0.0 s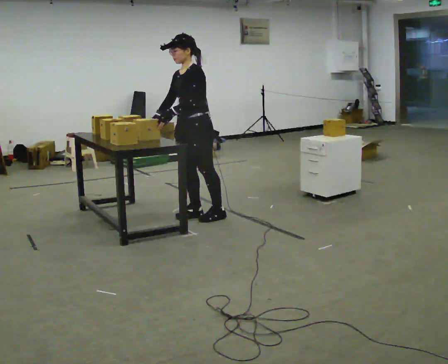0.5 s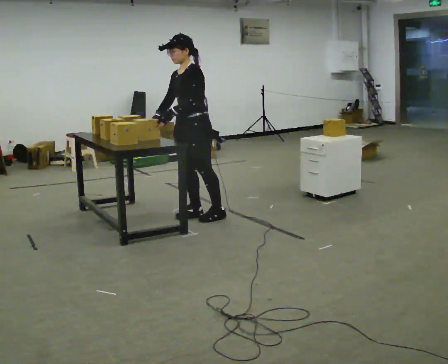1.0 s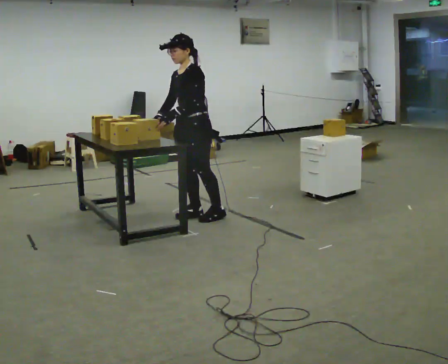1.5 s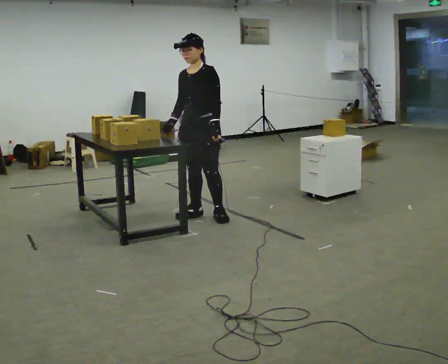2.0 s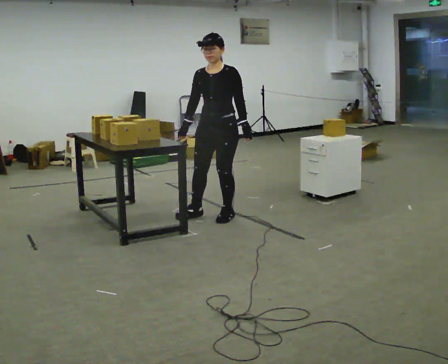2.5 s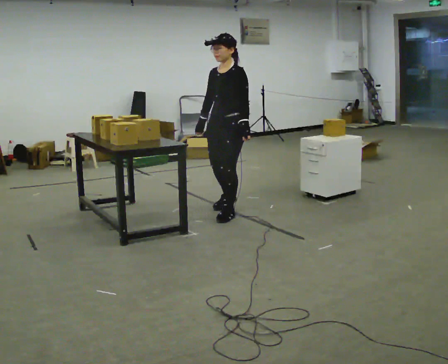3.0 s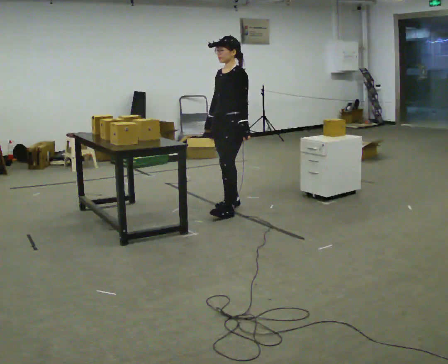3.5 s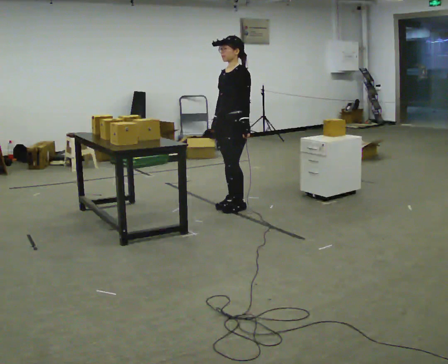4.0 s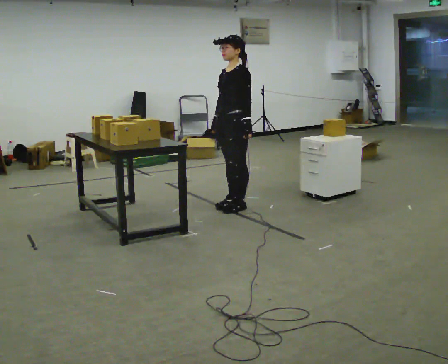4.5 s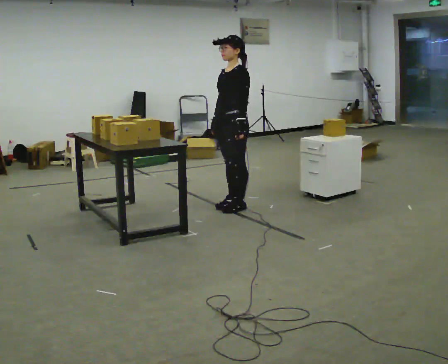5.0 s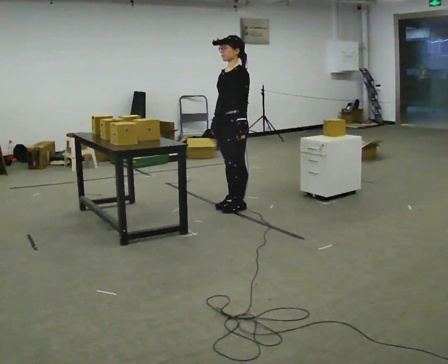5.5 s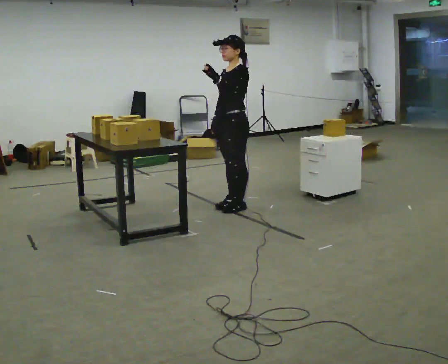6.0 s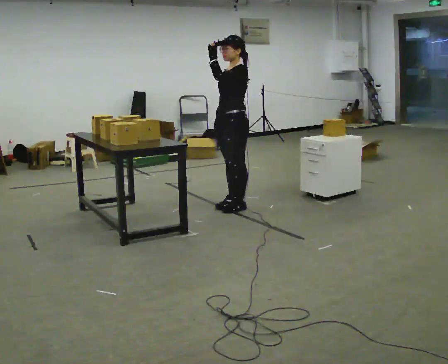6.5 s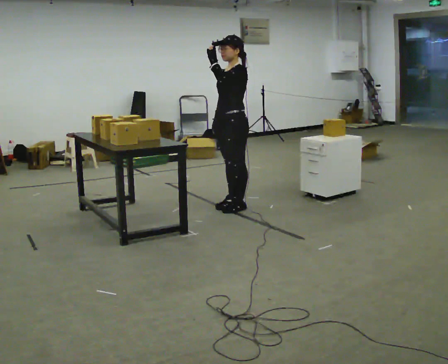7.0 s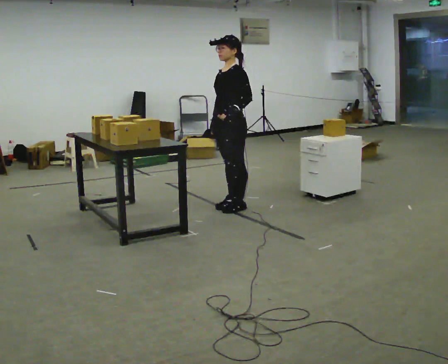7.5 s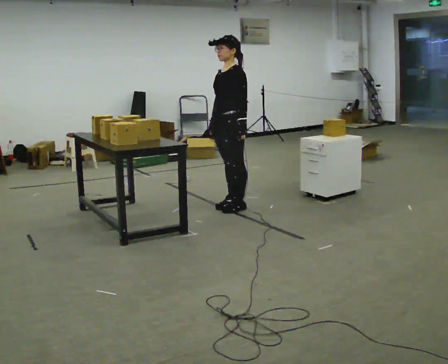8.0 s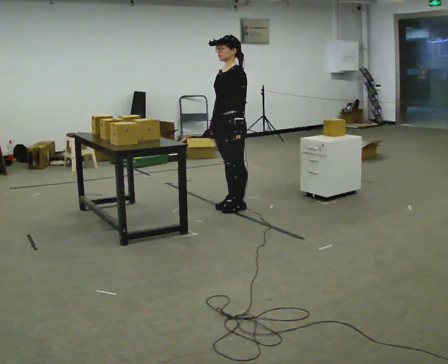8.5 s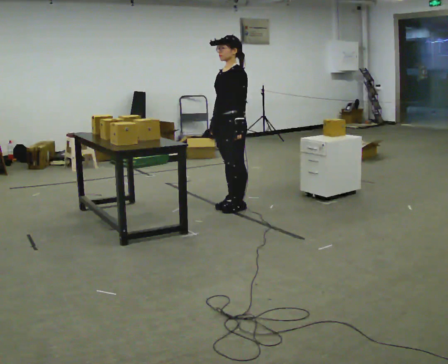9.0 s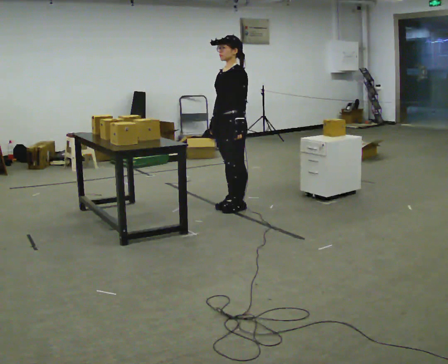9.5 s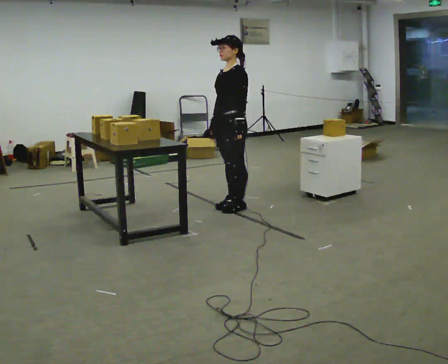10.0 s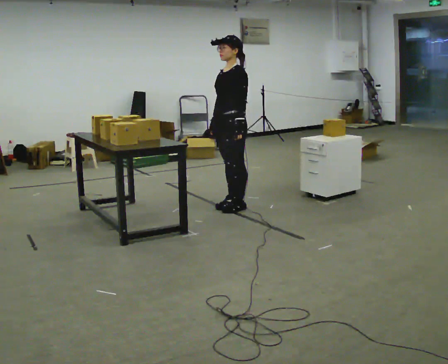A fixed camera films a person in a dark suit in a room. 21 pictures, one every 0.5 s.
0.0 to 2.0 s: The person turns about 30 degrees to their left, counterclockwise seen from above, so the part of the body nearest the lens slides to the right. In the picture they go to the right, about 0.25 m, which for them is backward and to their left. In the picture their left hand goes to the right, the arm swinging counterclockwise.
2.0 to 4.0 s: Seen from above the body turns clockwise, about 30 degrees: to their right, with its near side sliding to the left. In the picture they go away from the camera, about 0.25 m in 2 steps, which for them is backward and to their right.
4.0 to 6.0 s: In the picture their left hand goes upward.
6.0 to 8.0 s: In the picture their left hand goes downward.
8.0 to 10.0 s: The person keeps their place and pose.
The film runs forward here.
